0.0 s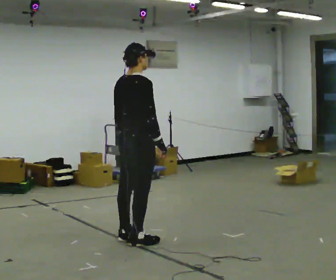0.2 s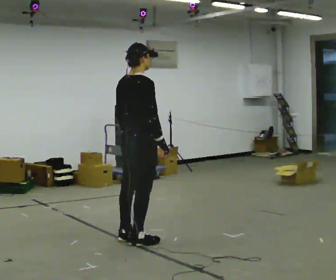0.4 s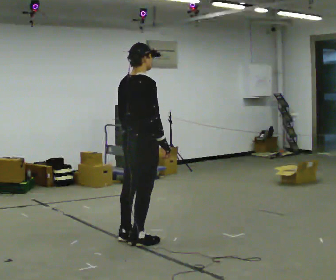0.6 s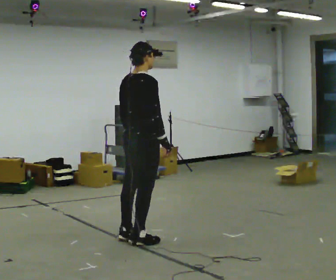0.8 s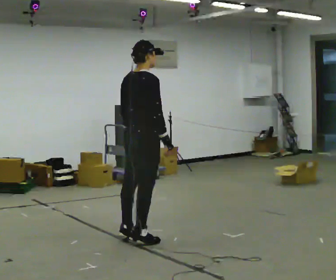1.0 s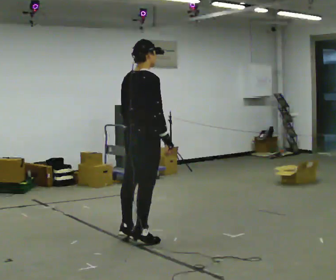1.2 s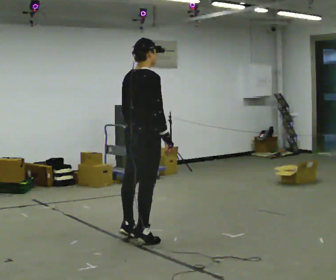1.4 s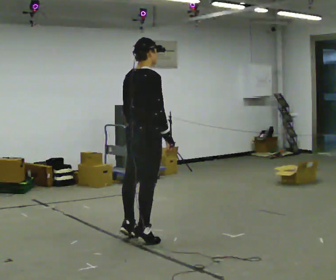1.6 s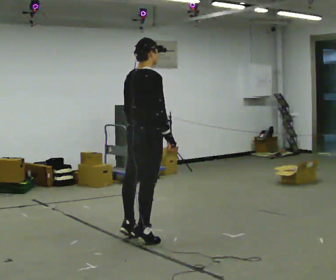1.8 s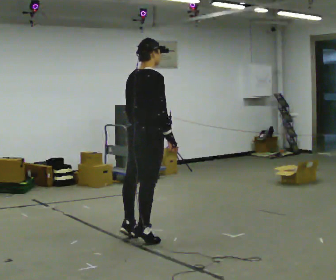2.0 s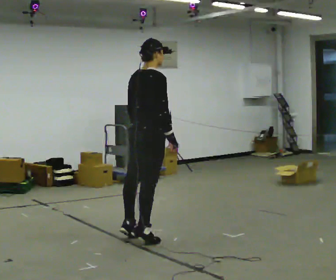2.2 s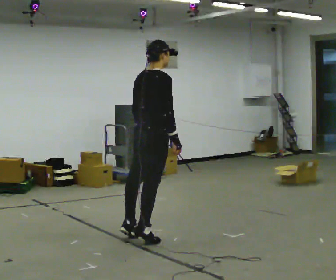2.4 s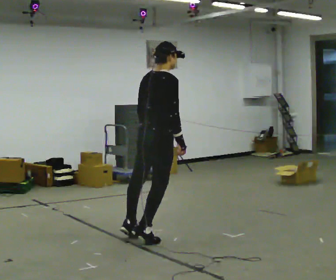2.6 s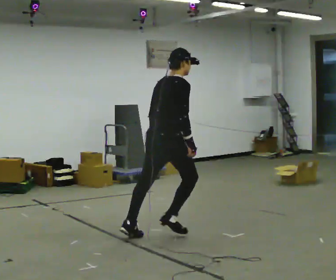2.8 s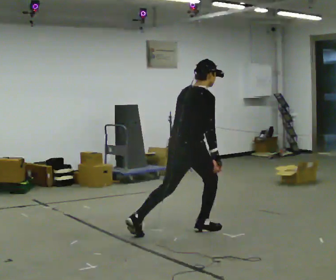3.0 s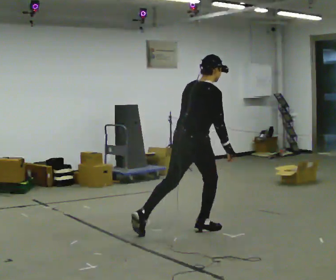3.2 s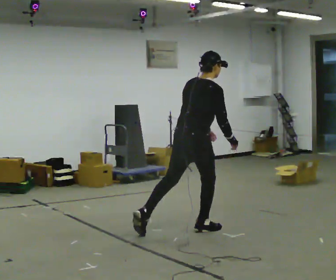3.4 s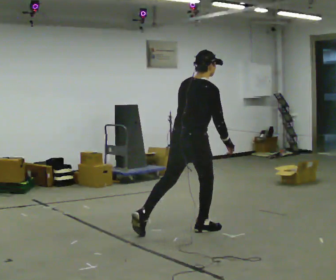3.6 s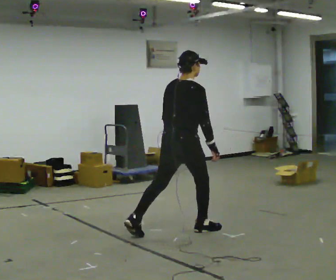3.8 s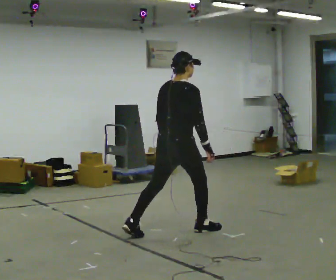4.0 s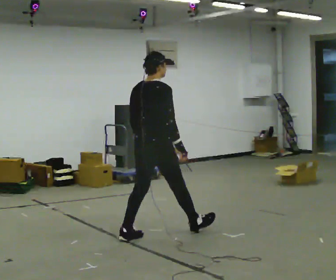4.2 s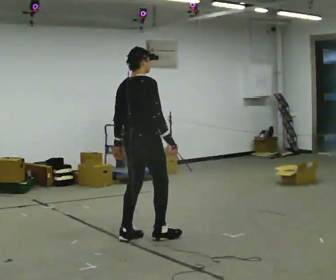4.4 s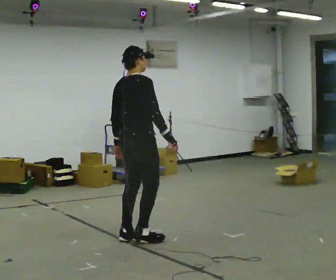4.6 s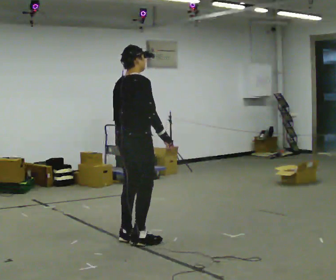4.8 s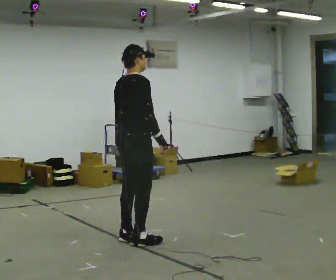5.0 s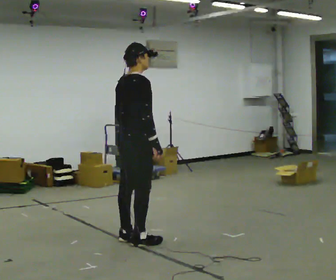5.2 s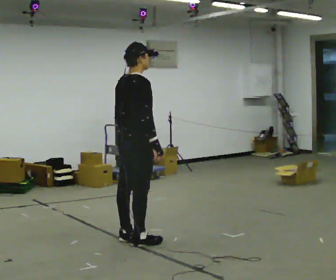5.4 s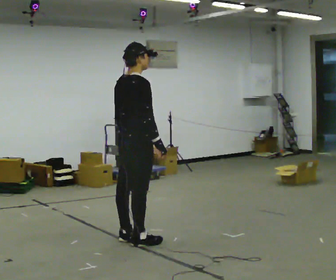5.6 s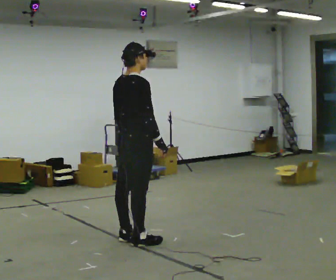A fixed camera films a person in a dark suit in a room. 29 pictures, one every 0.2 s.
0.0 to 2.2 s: The person moves a little, or ends about where they began.
2.2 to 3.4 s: In the picture they go to the right and away from the camera, about 0.5 m in 1 step, which for them is forward.
3.4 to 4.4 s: In the picture they go to the left and toward the camera, about 0.5 m, which for them is backward and to their left. In the picture the upper body tilts counterclockwise, shoulders to the left.
4.4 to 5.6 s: The person moves a little, or ends about where they began.
The film runs forward here.
